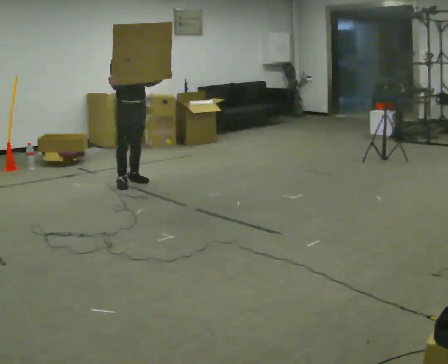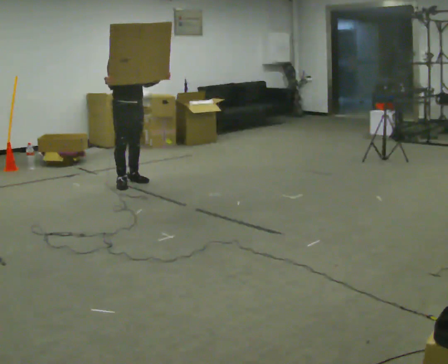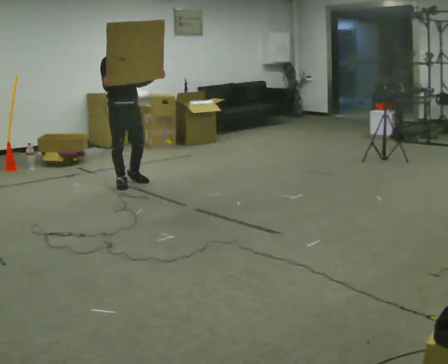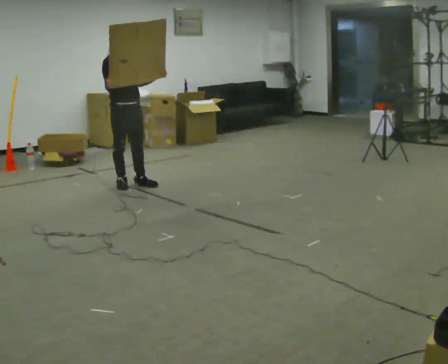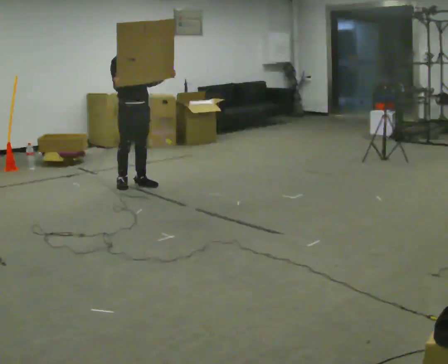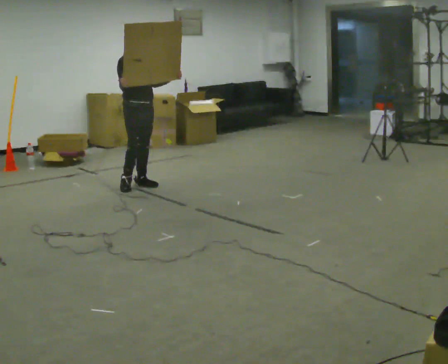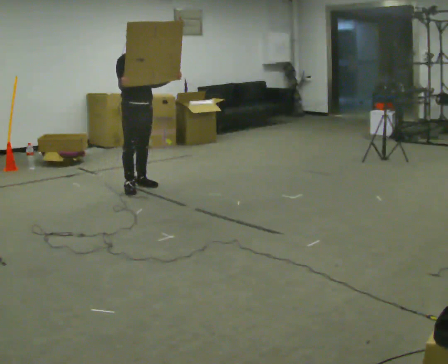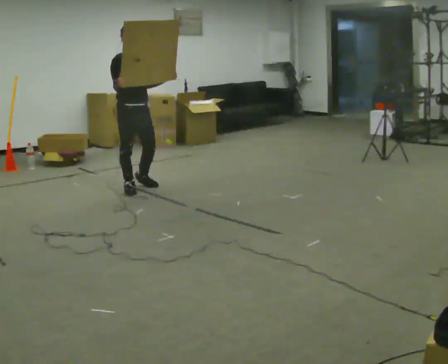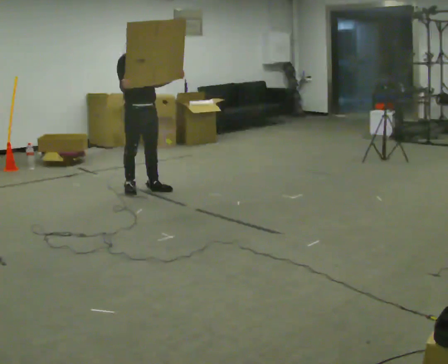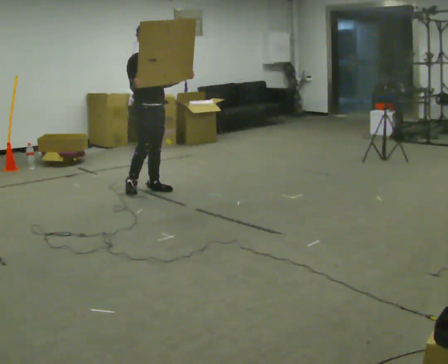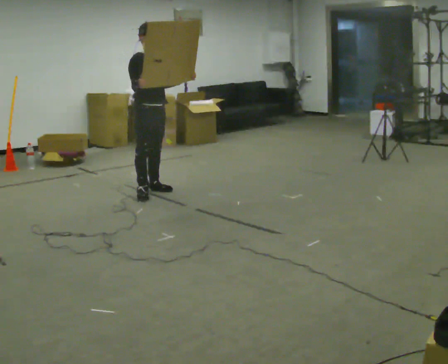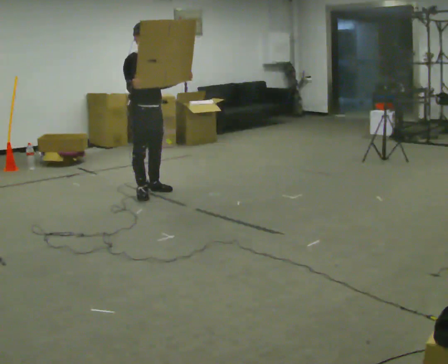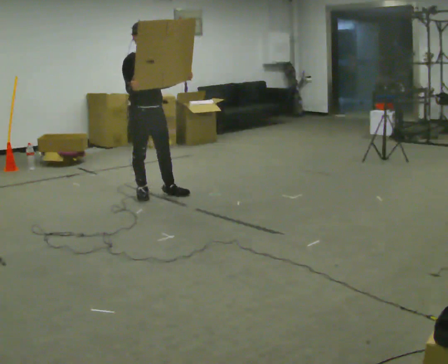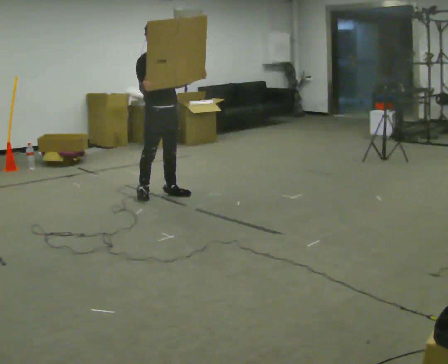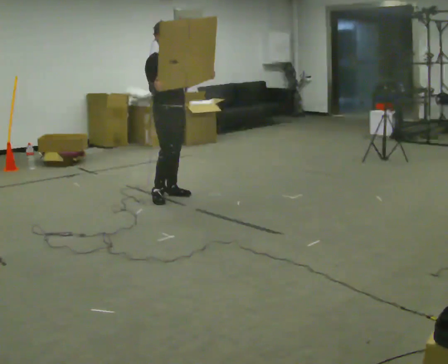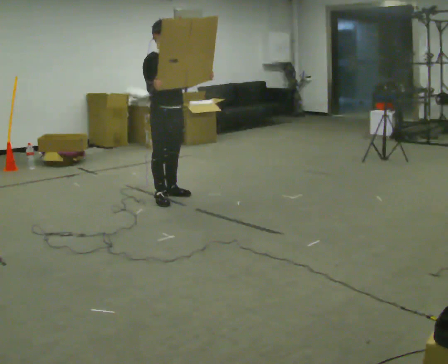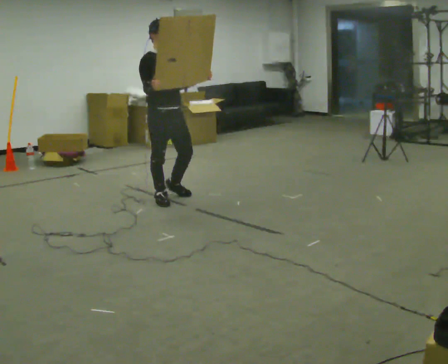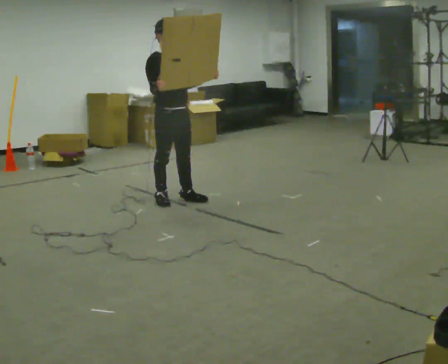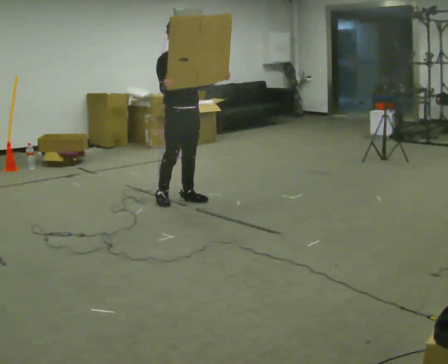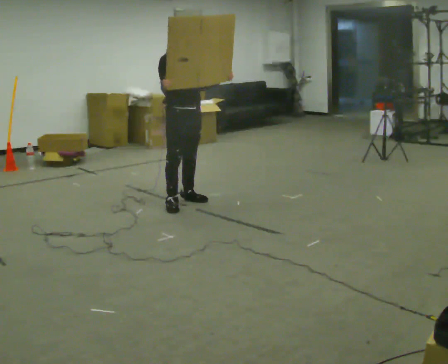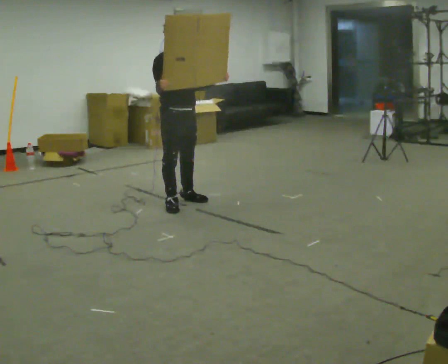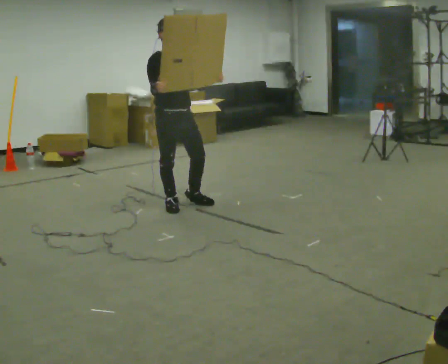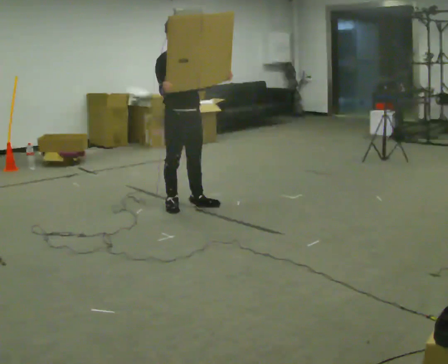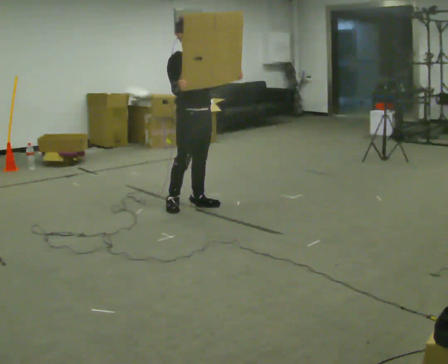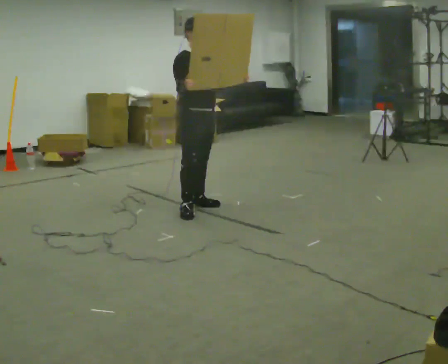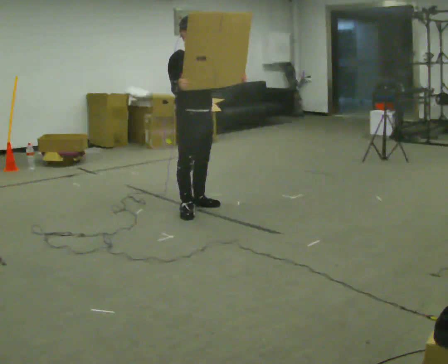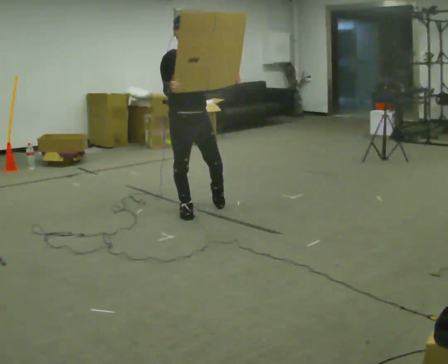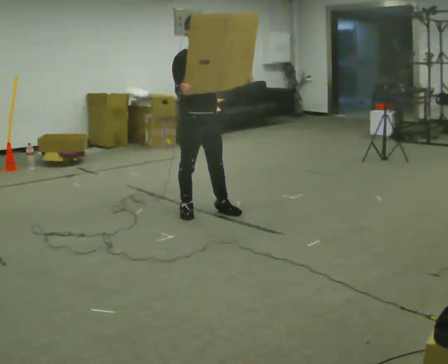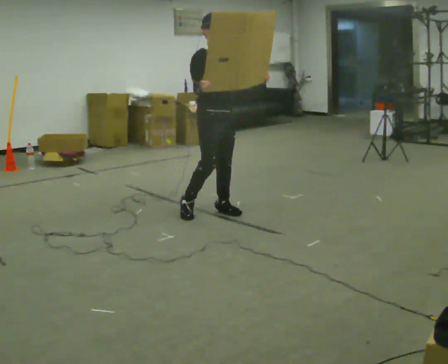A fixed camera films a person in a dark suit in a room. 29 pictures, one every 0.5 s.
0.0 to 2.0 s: In the picture they go toward the camera, about 0.25 m in 1 step, which for them is forward.
2.0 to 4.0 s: In the picture they go toward the camera, about 0.25 m in 2 steps, which for them is forward.
4.0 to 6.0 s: In the picture they go toward the camera, about 0.25 m in 1 step, which for them is forward.
6.0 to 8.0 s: In the picture they go toward the camera and to the right, about 0.25 m in 2 steps, which for them is forward.
8.0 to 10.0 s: The person moves a little, or ends about where they began.
10.0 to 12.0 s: In the picture they go to the right, about 0.25 m in 2 steps, which for them is forward.
12.0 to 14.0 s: In the picture they go toward the camera, about 0.25 m in 1 step, which for them is forward.
The film runs forward here.
